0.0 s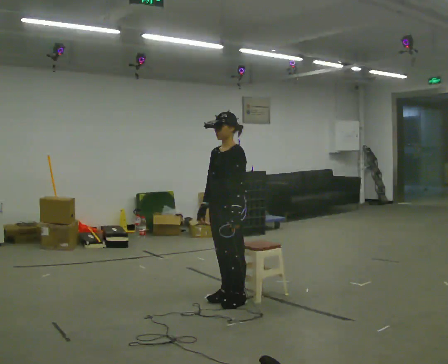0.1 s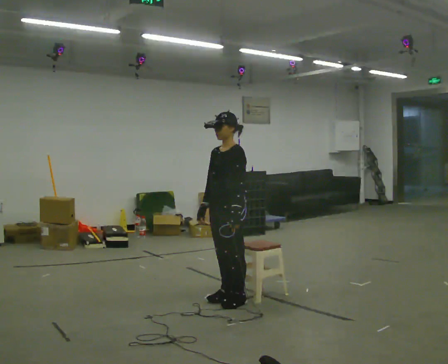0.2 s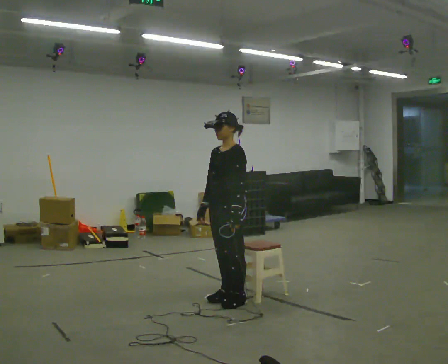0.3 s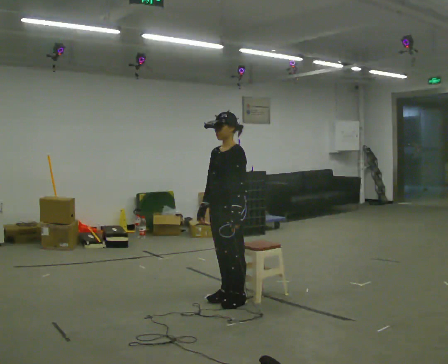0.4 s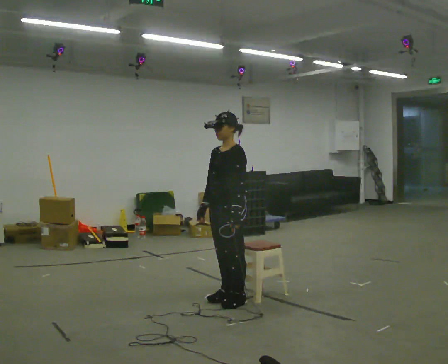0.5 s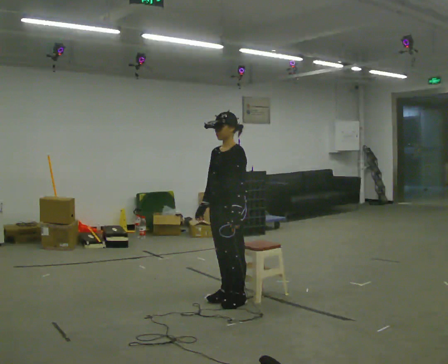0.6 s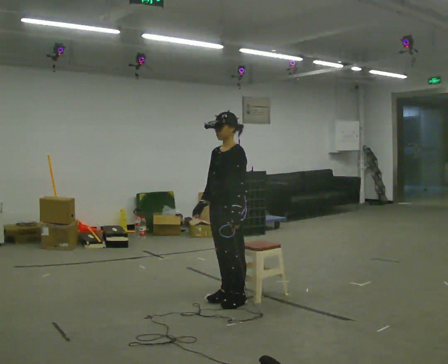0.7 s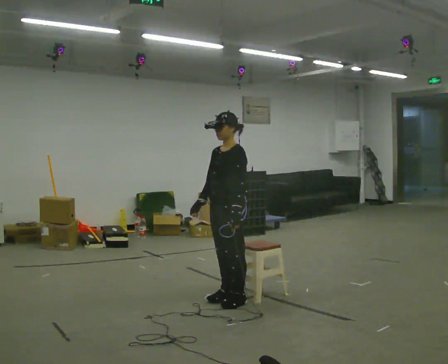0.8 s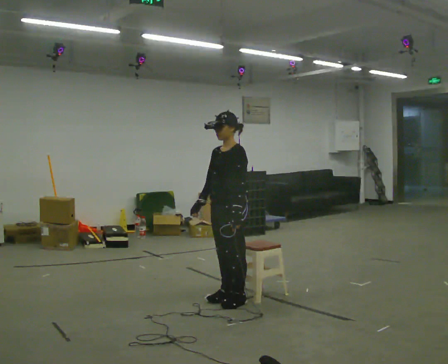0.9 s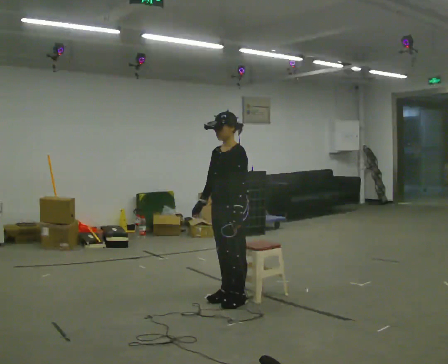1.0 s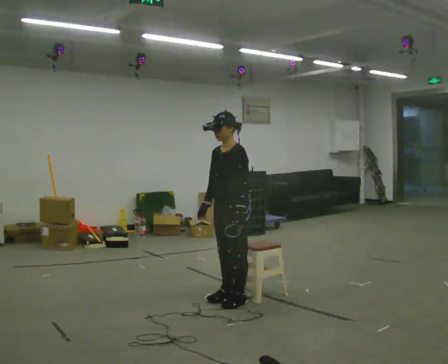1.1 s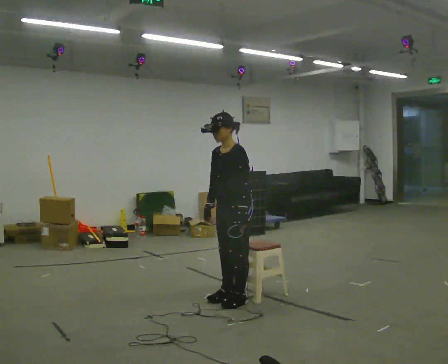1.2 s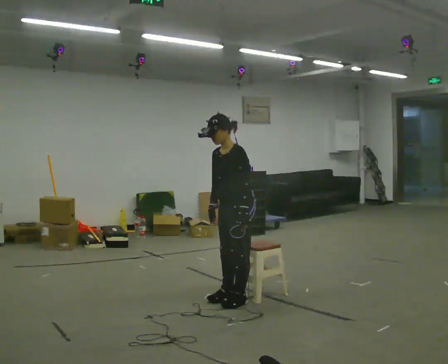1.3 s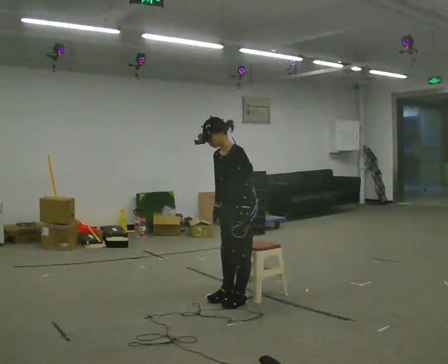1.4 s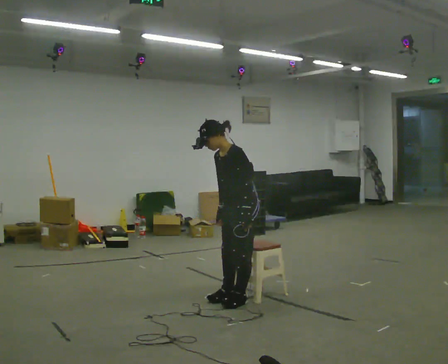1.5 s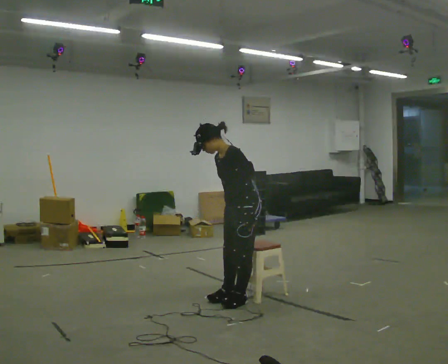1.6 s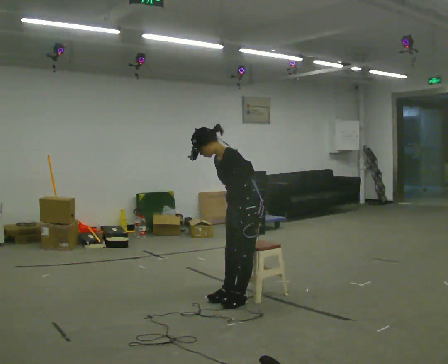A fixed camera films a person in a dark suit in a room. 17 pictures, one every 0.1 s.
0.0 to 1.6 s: In the picture they go to the right, about 0.25 m, which for them is backward. In the picture the upper body tilts counterclockwise, shoulders to the left, as they bend forward.
The film runs forward here.
